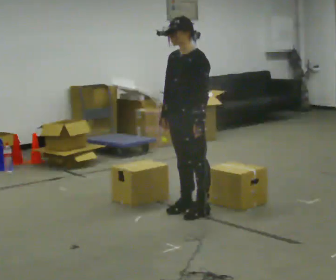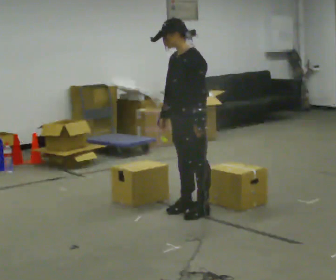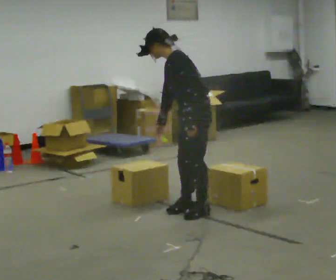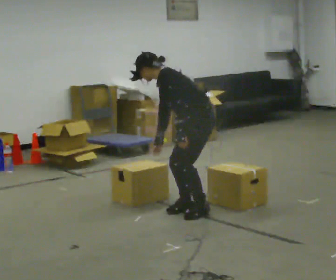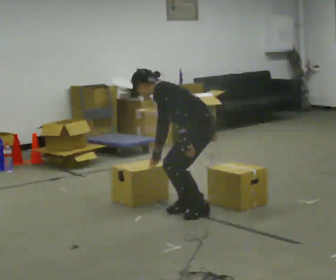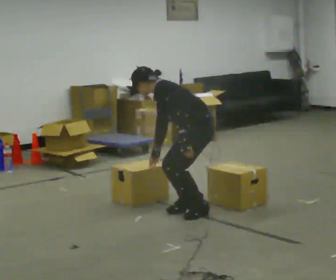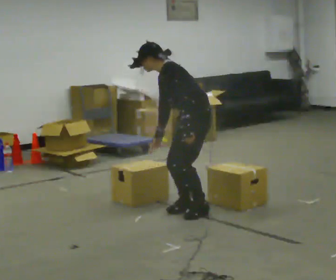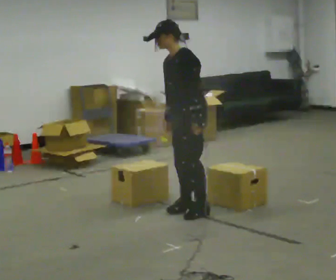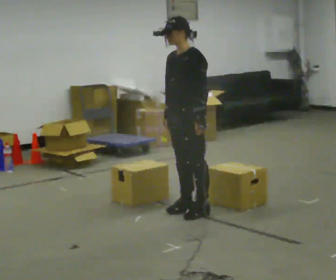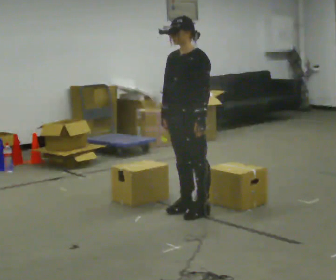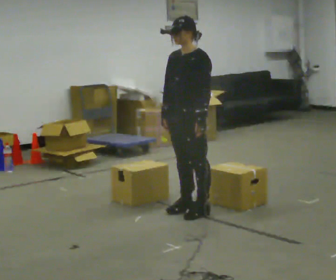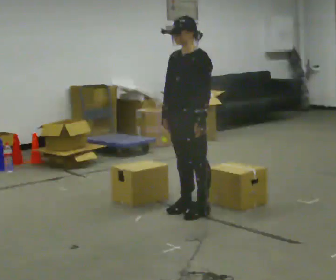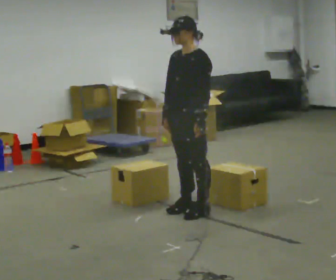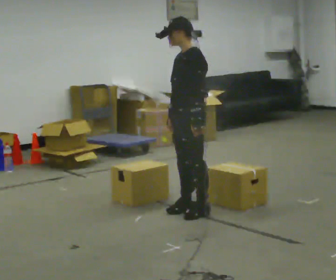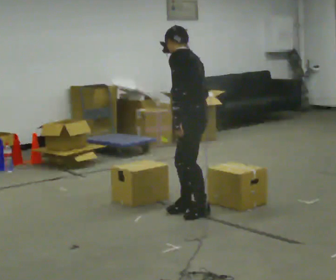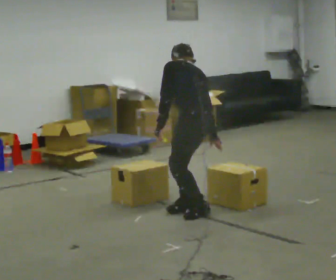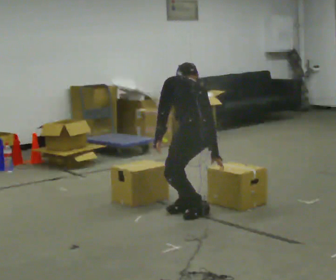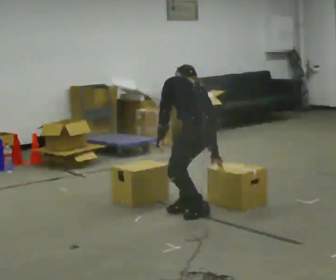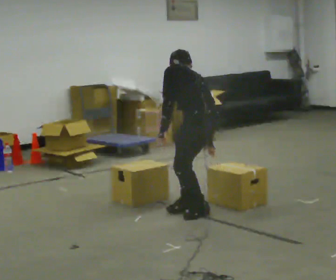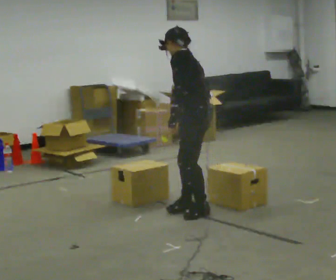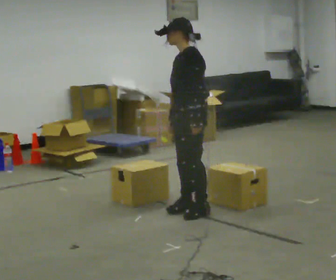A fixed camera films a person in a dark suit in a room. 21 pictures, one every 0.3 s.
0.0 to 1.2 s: The person turns about 30 degrees to their right, clockwise seen from above, so the part of the body nearest the lens slides to the left. The shoulders move downward. In the picture the upper body tilts counterclockwise, shoulders to the left, as they bend forward.
1.2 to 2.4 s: Seen from above the body turns counterclockwise, about 30 degrees: to their left, with its near side sliding to the right. The shoulders move upward. In the picture the upper body tilts clockwise, shoulders to the right, as they lean back or straighten.
2.4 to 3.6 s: The person moves a little, or ends about where they began.
3.6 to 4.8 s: Seen from above the body turns clockwise, about 75 degrees: to their right, with its near side sliding to the left. In the picture they go toward the camera, about 0.25 m. The shoulders move downward. The upper body tips away from the camera, its near side rolling upward, as they bend forward. In the picture their right hand goes to the right and downward.
4.8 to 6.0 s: Seen from above the body turns counterclockwise, about 60 degrees: to their left, with its near side sliding to the right. The upper body goes upward. The upper body tips toward the camera, its near side rolling downward, as they lean back or straighten. In the picture their right hand goes to the left.
The film runs forward here.
